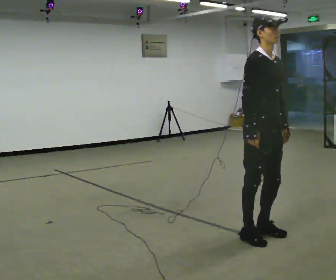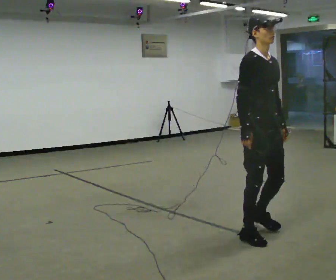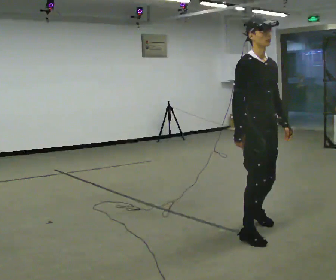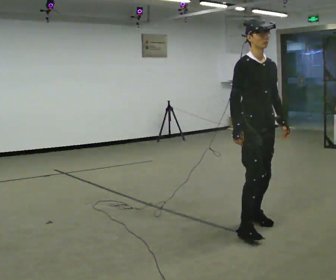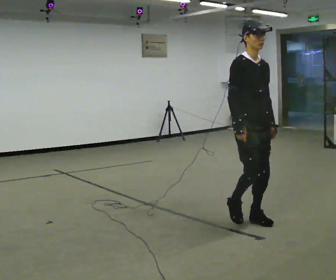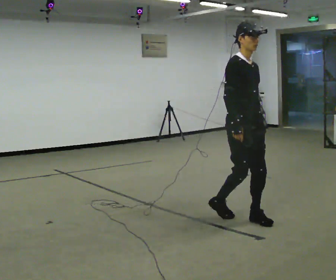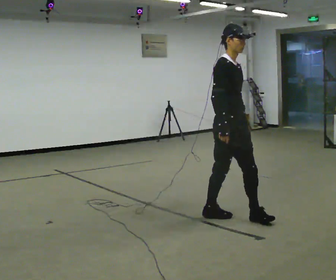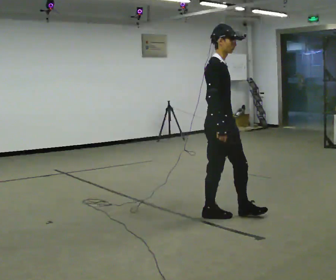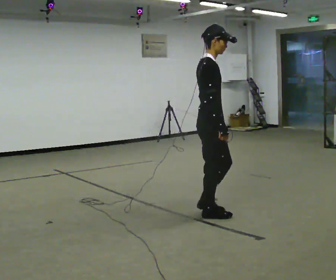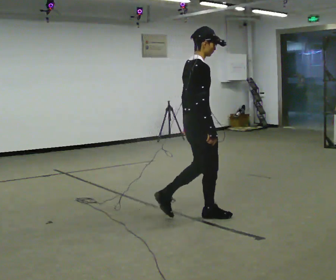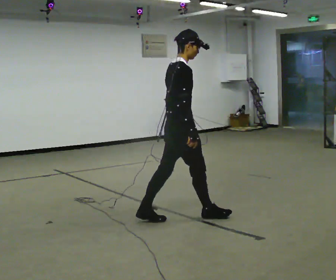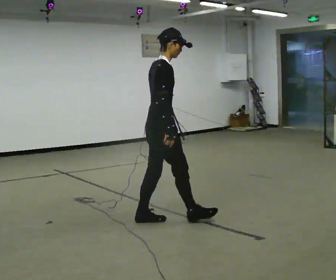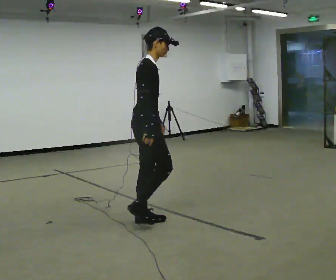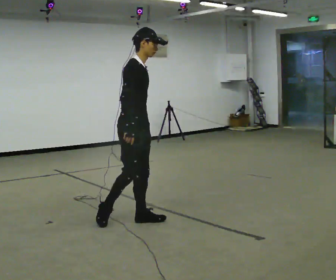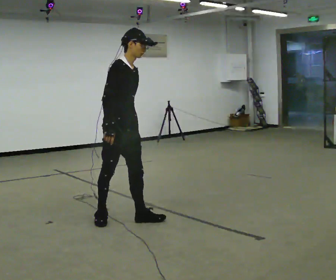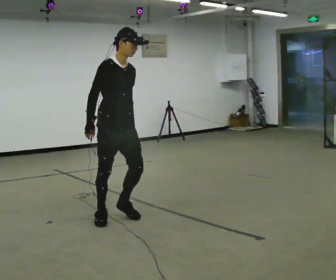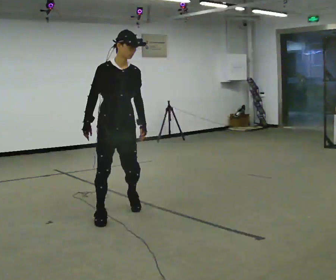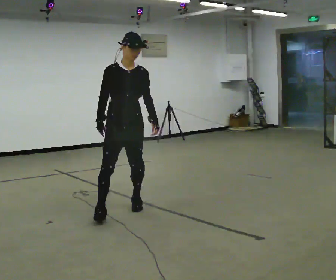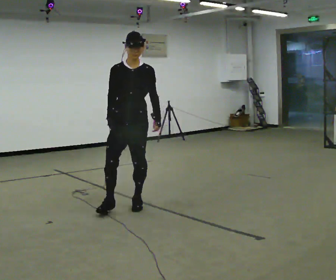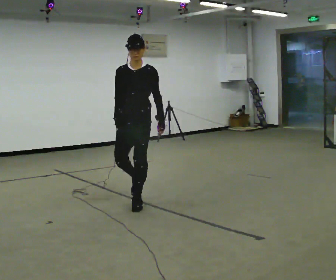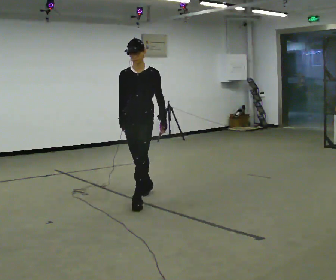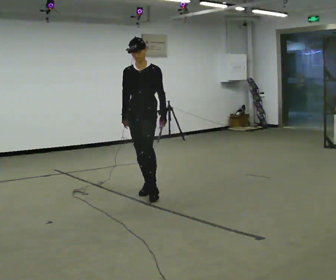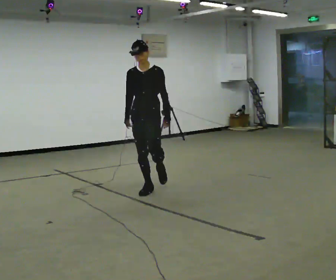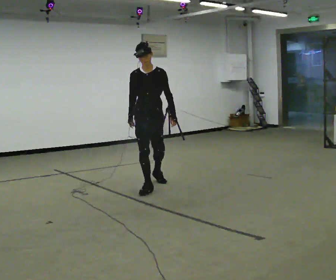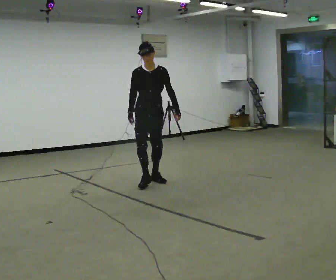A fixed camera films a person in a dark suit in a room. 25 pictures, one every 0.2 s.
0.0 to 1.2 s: In the picture they go away from the camera, about 0.5 m in 2 steps, which for them is backward.
1.2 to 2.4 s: Seen from above the body turns counterclockwise, about 45 degrees: to their left, with its near side sliding to the right. In the picture they go to the left, about 0.5 m in 2 steps, which for them is backward and to their left.
2.4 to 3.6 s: The part of the body nearest the lens slides to the left as the person turns to their right by about 90 degrees. In the picture they go away from the camera and to the left, about 0.5 m in 2 steps.
3.6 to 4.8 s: In the picture they go away from the camera, about 1 m in 2 steps, which for them is backward.
The film runs backward here.
